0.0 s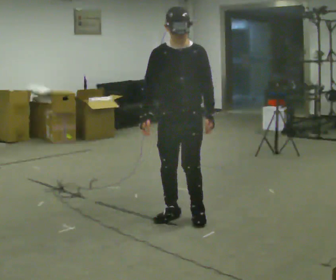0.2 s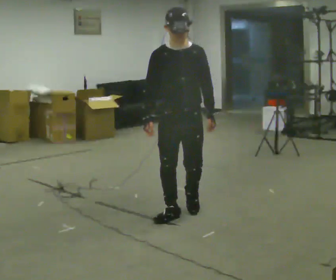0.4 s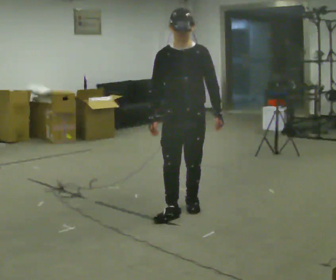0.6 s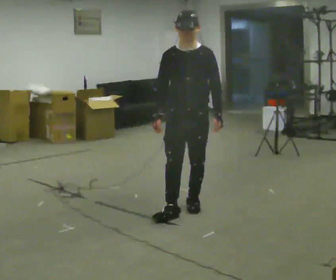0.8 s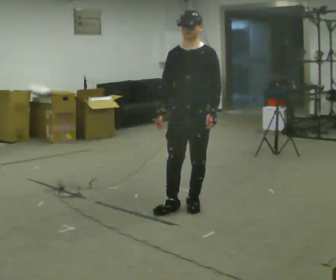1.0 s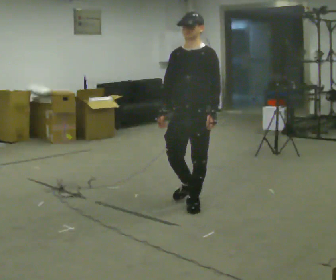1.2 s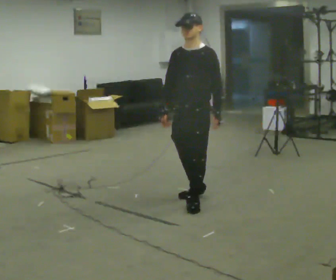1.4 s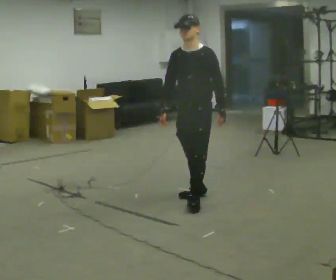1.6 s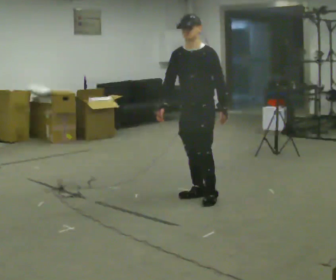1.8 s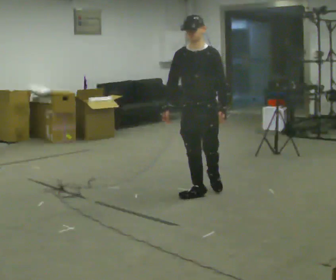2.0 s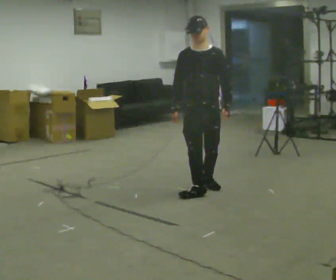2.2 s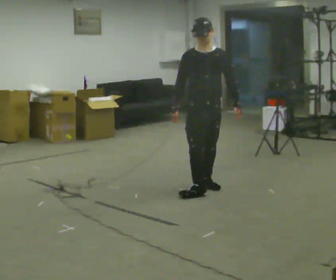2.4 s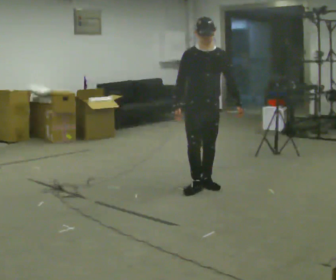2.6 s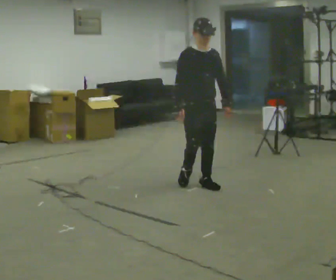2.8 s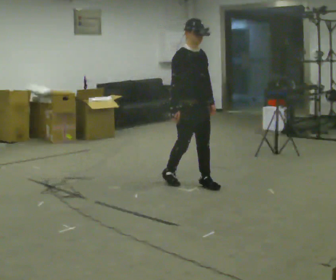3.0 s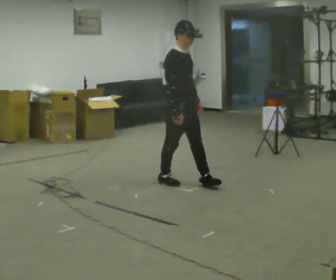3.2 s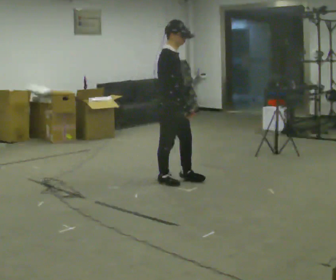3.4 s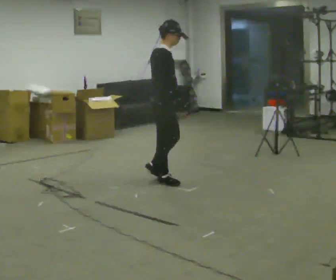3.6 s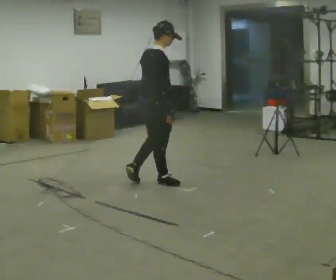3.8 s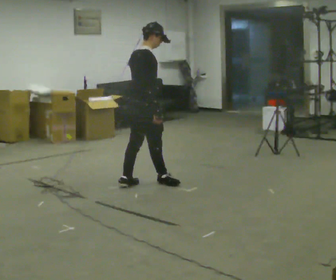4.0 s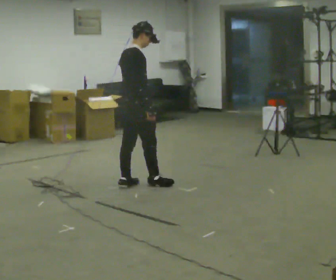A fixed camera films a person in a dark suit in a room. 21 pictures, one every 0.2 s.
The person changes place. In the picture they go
away from the camera.
The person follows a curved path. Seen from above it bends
counterclockwise.
0.0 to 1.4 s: In the picture they go away from the camera, about 0.5 m in 1 step, which for them is backward.
1.4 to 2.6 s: Seen from above the body turns counterclockwise, about 45 degrees: to their left, with its near side sliding to the right. In the picture they go away from the camera, about 0.5 m in 2 steps, which for them is backward.
2.6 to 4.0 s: The person turns about 105 degrees to their left, counterclockwise seen from above, so the part of the body nearest the lens slides to the right. In the picture they go to the left, about 0.75 m in 2 steps.
The film runs backward here.
